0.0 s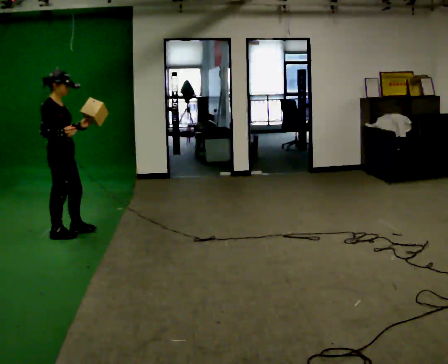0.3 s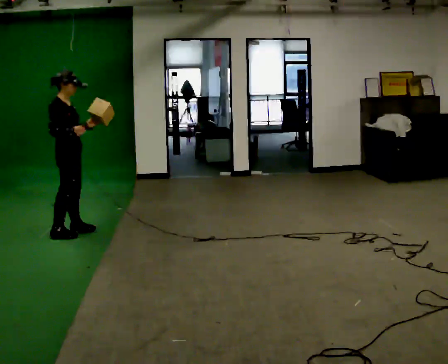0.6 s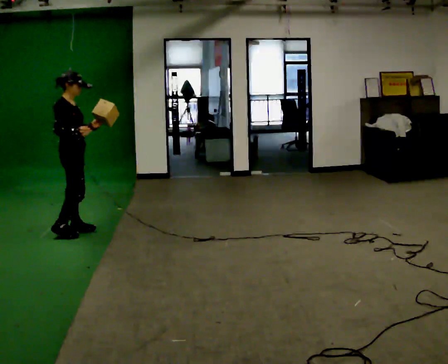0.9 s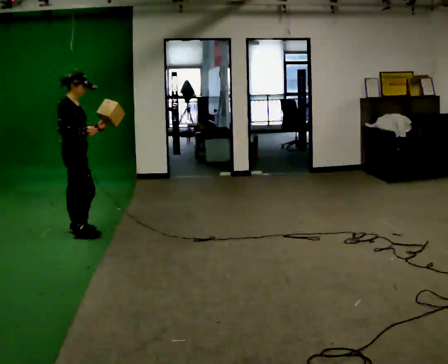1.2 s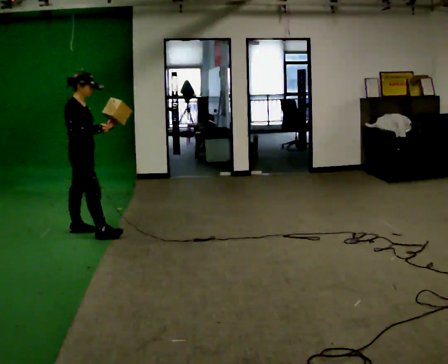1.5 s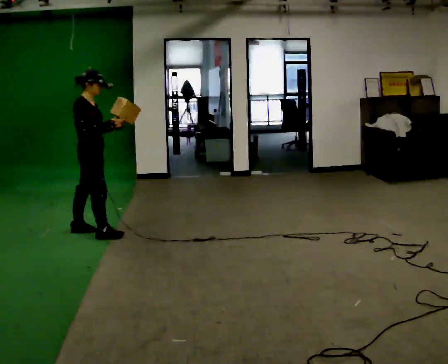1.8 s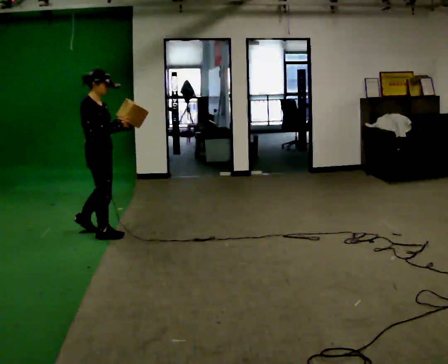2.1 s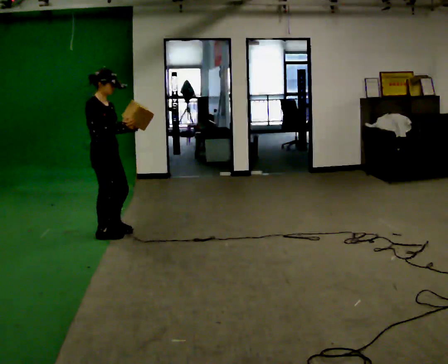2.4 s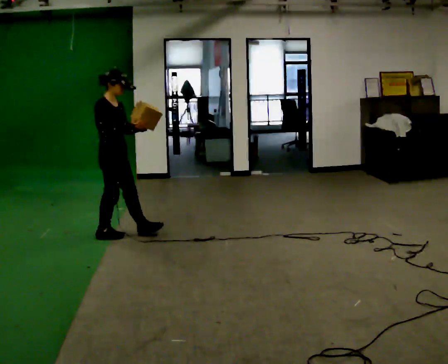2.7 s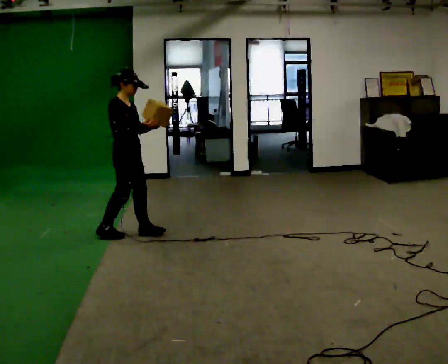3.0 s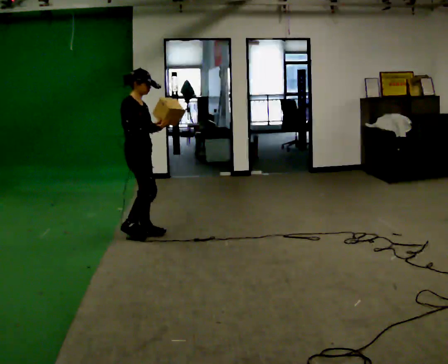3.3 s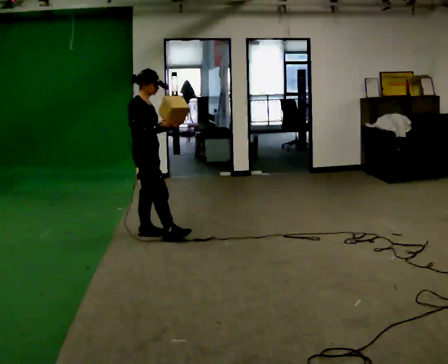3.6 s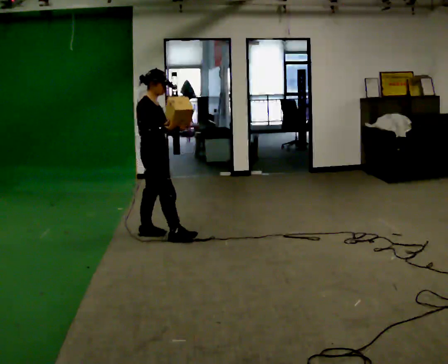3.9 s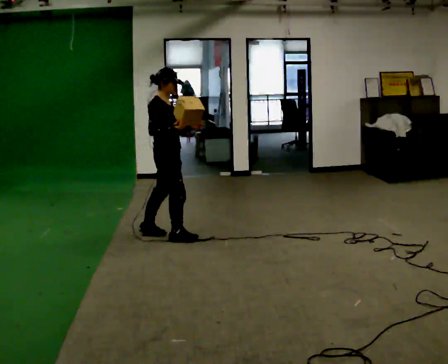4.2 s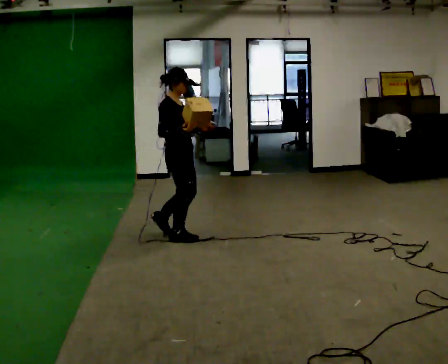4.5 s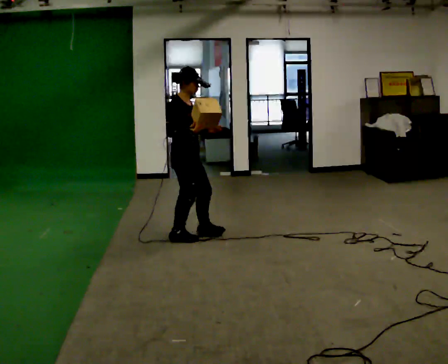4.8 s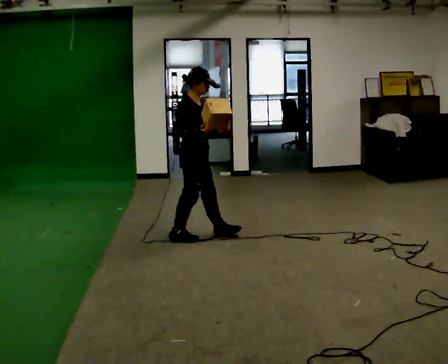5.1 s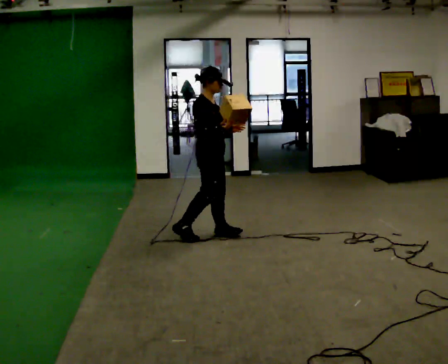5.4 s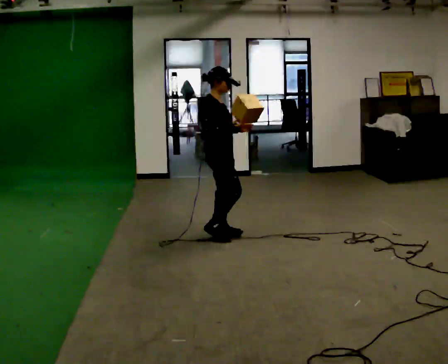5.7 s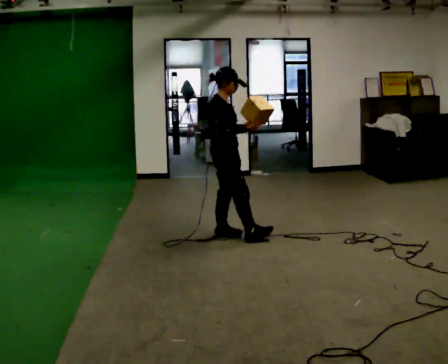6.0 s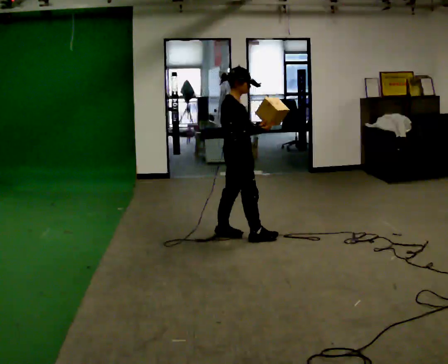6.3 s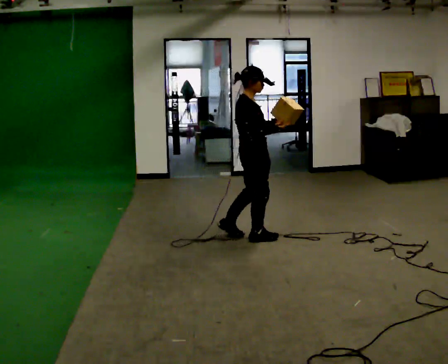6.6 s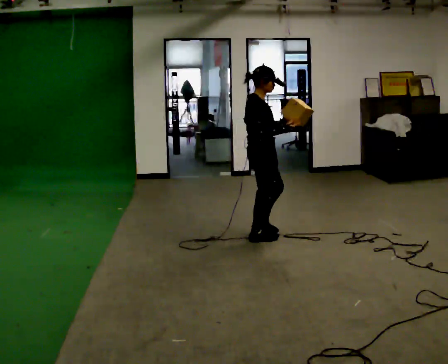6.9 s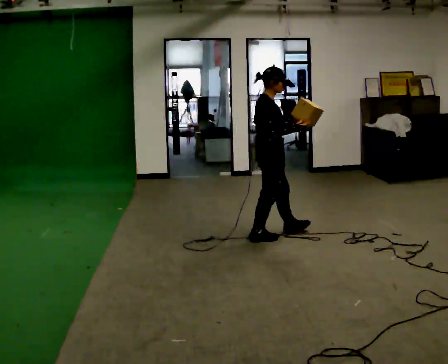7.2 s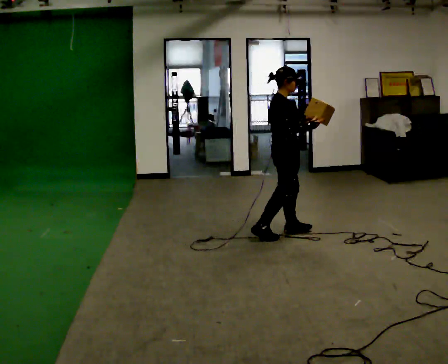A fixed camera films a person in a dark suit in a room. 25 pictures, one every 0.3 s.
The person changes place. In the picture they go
to the right.
0.0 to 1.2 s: In the picture they go to the right, about 0.25 m in 1 step, which for them is forward.
1.2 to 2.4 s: In the picture they go to the right and toward the camera, about 0.25 m in 1 step, which for them is forward.
2.4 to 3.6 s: In the picture they go to the right, about 0.25 m in 1 step, which for them is forward.
3.6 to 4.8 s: In the picture they go to the right and toward the camera, about 0.25 m in 1 step, which for them is forward.
4.8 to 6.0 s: In the picture they go to the right, about 0.25 m in 1 step, which for them is forward.
6.0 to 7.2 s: In the picture they go to the right, about 0.5 m in 1 step, which for them is forward.
The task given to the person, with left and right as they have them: Carry the object in one hand and, while walking, pass it to your other hand. Keep passing it back and forth as you walk.
The film runs forward here.
